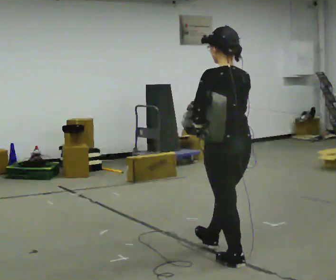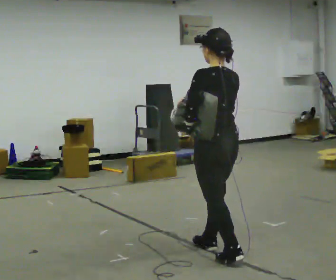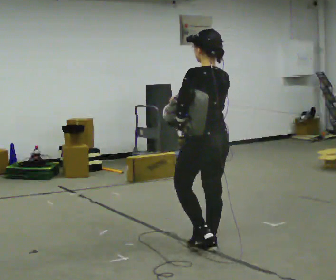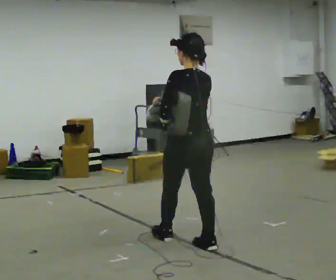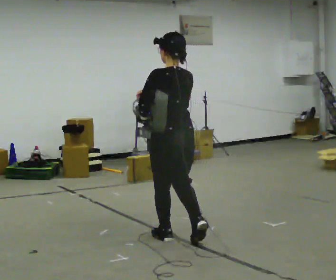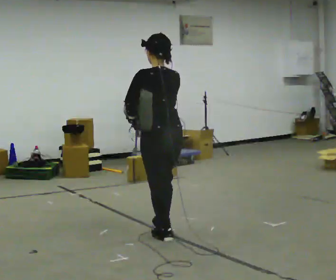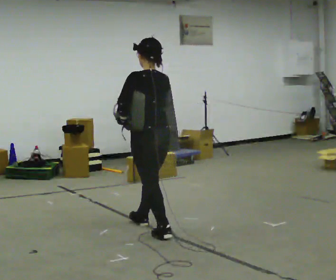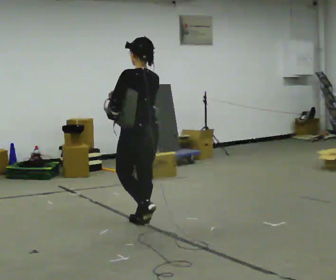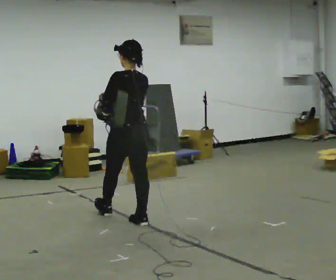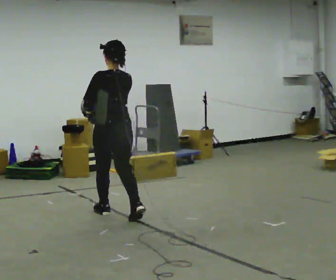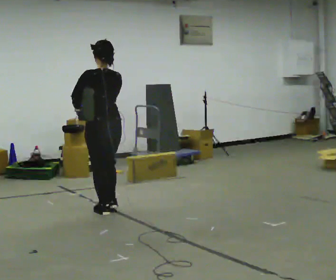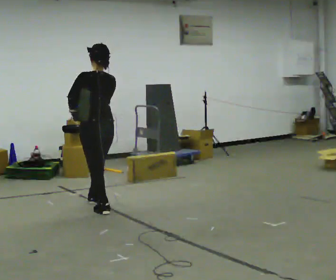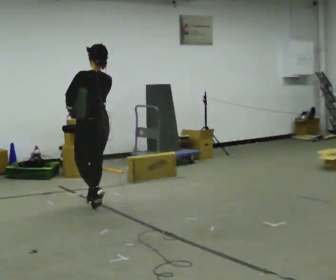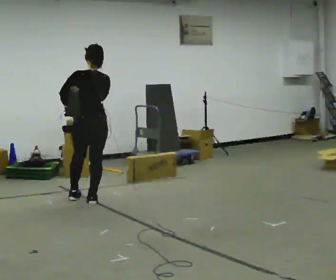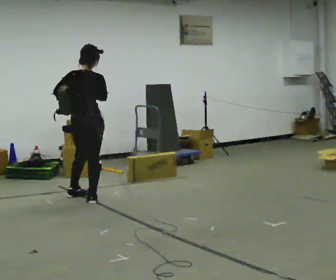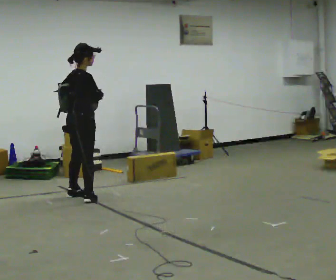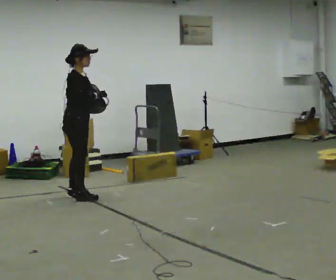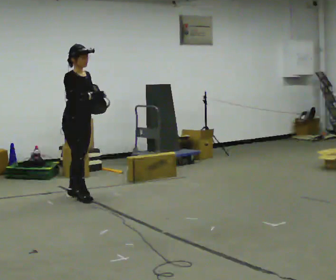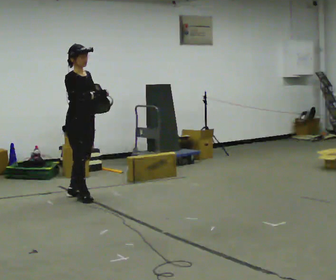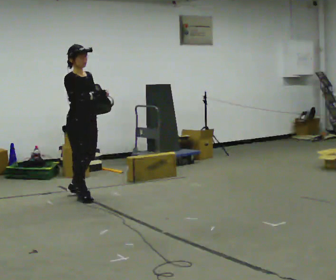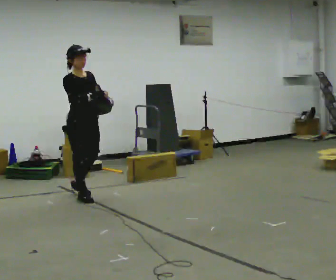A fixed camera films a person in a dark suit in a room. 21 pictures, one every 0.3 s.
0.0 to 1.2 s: In the picture they go away from the camera and to the left, about 0.75 m in 1 step, which for them is forward.
1.2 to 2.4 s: In the picture they go away from the camera and to the left, about 0.5 m in 1 step, which for them is forward.
2.4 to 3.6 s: In the picture they go away from the camera and to the left, about 1 m in 2 steps, which for them is forward.
3.6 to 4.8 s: Seen from above the body turns clockwise, about 135 degrees: to their right, with its near side sliding to the left. In the picture they go away from the camera and to the left, about 0.5 m in 2 steps.
4.8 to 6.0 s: The person turns about 30 degrees to their right, clockwise seen from above, so the part of the body nearest the lens slides to the left. In the picture they go toward the camera, about 0.25 m, which for them is forward.
The film runs forward here.
